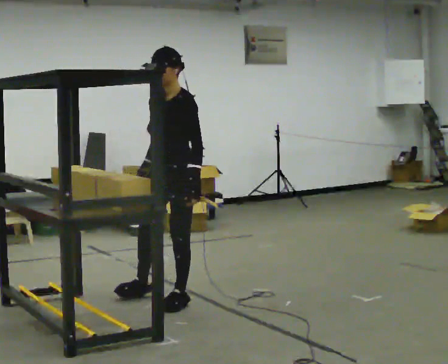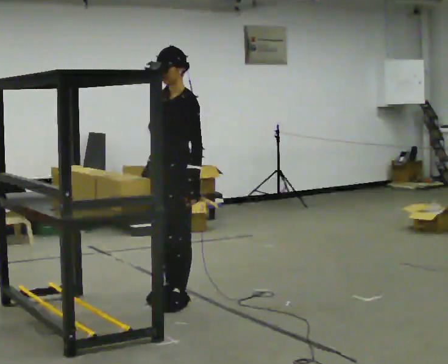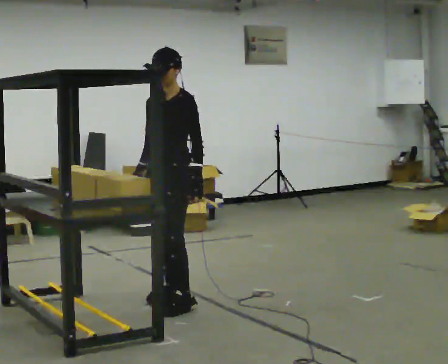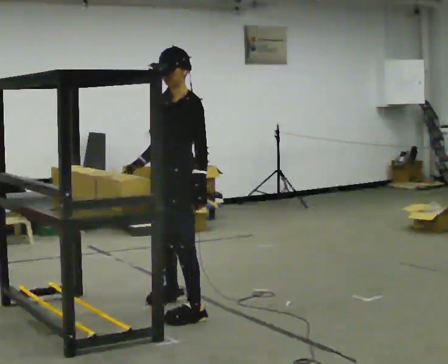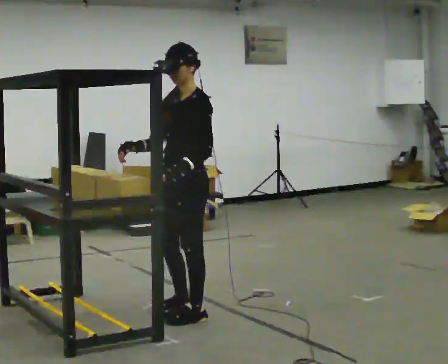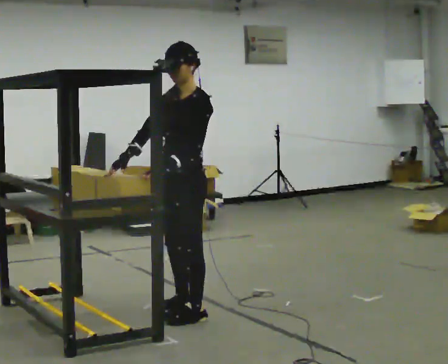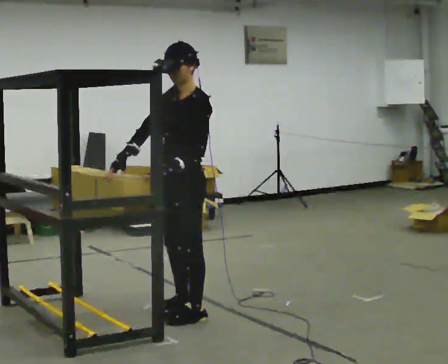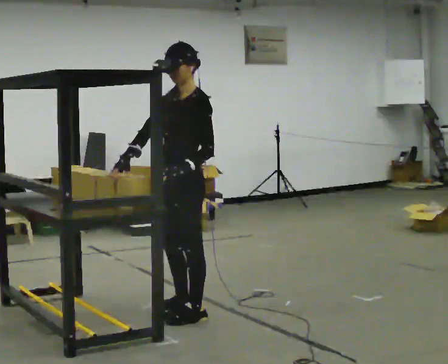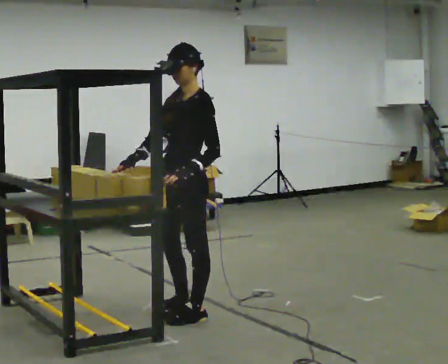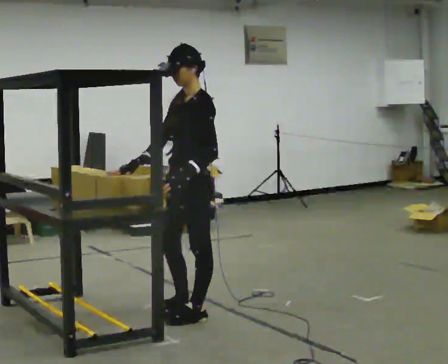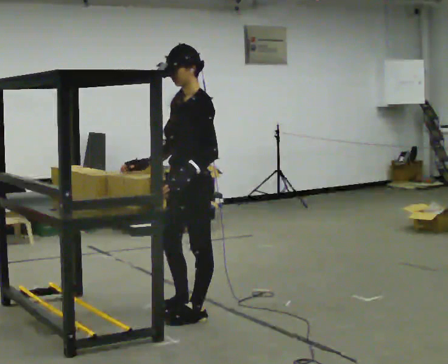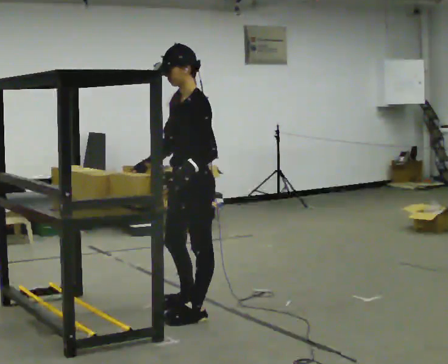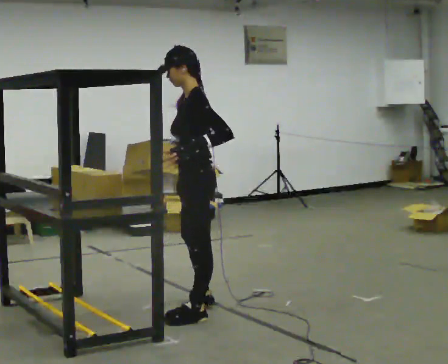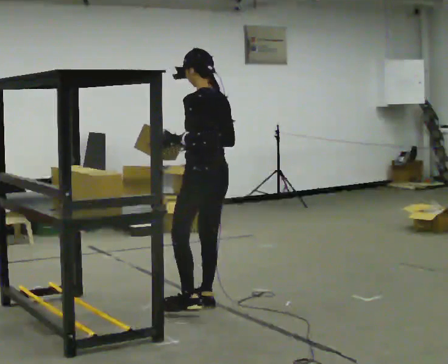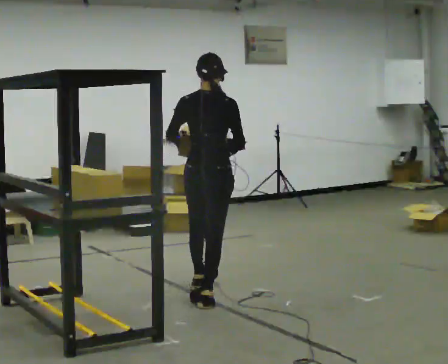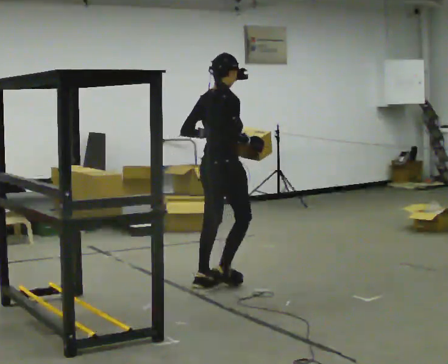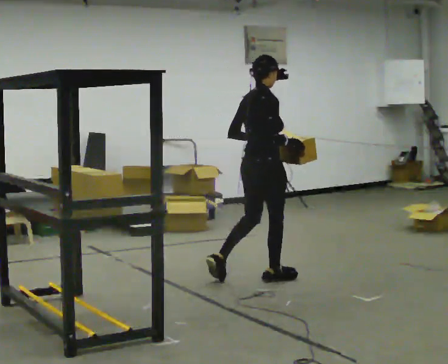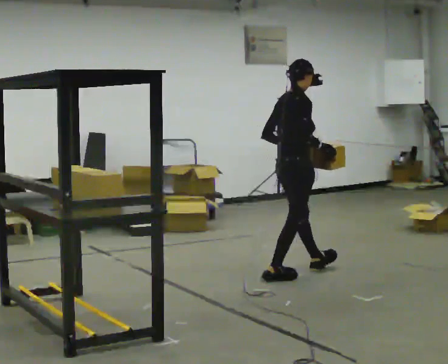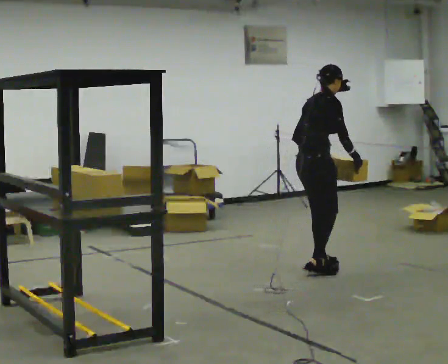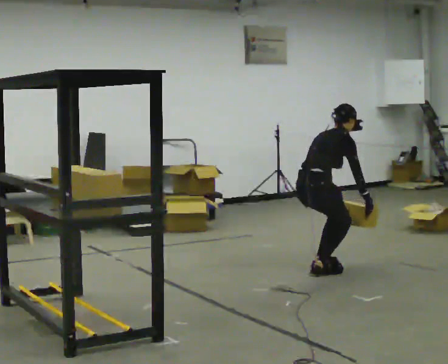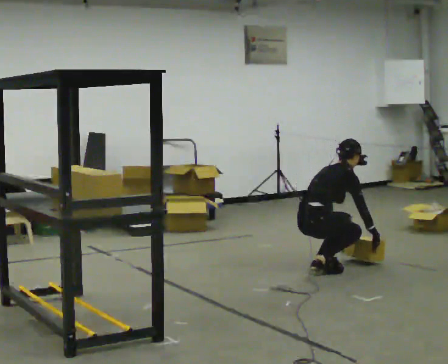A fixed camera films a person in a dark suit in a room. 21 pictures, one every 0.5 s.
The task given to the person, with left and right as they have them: Pick an object up off the floor at one end of the room, carry it across, and place it on the waist-height shelf at the other end. Keep going until the operator says stop; one object at a time, and do not rush between trips.
0.0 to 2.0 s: In the picture they go toward the camera, about 0.25 m in 3 steps, which for them is to their left and forward.
2.0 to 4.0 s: The person moves a little, or ends about where they began.
4.0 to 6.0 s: The person turns about 30 degrees to their right, clockwise seen from above, so the part of the body nearest the lens slides to the left.
6.0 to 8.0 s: The part of the body nearest the lens slides to the left as the person turns to their right by about 135 degrees. In the picture they go away from the camera and to the right, about 1 m in 2 steps.
8.0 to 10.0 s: In the picture they go to the right and away from the camera, about 0.5 m in 2 steps, which for them is forward. The shoulders move downward. In the picture the upper body tilts clockwise, shoulders to the right, as they bend forward. In the picture their left hand goes downward.
The film runs forward here.
